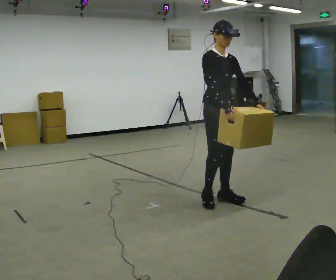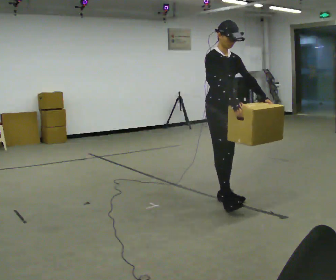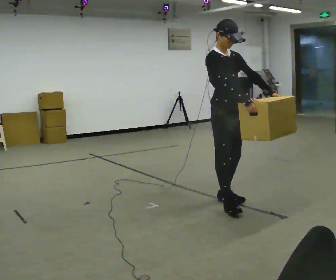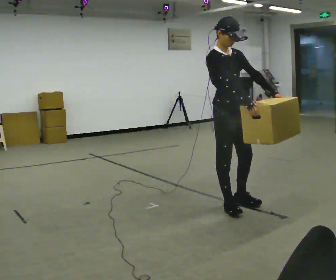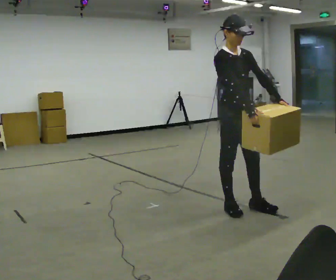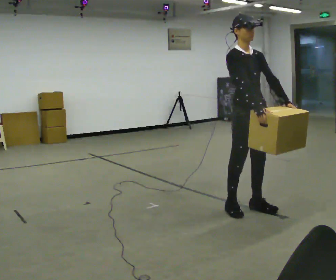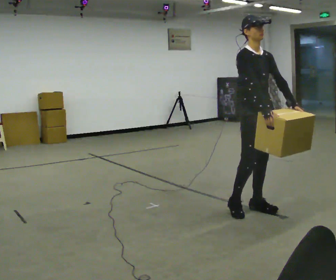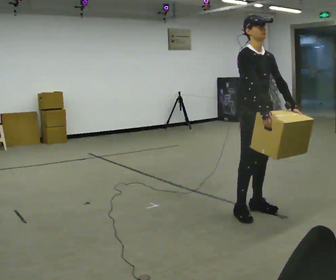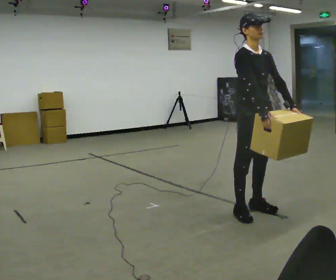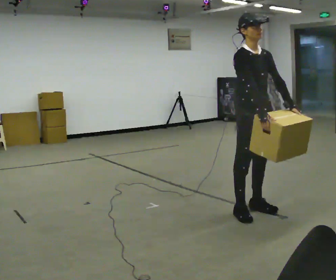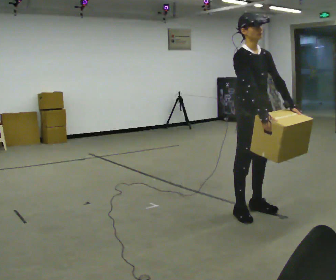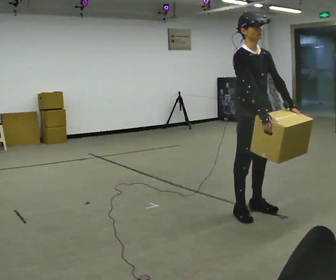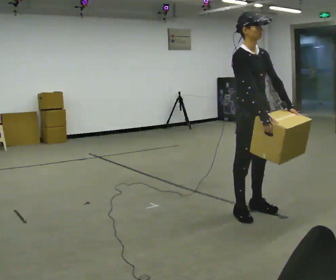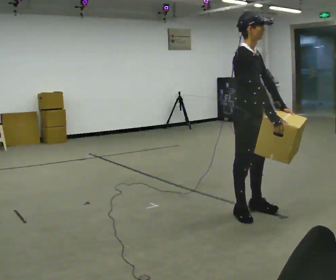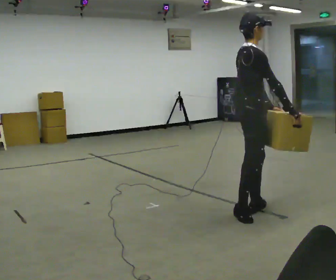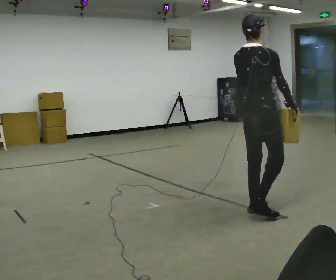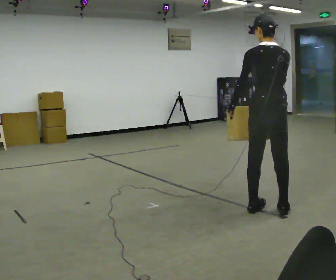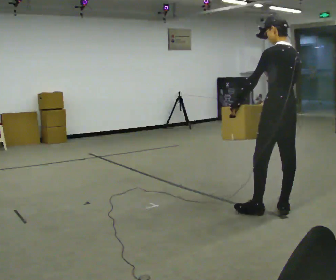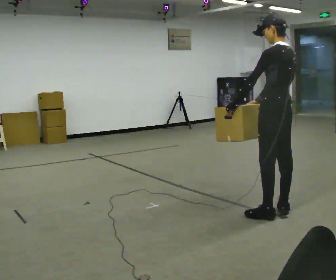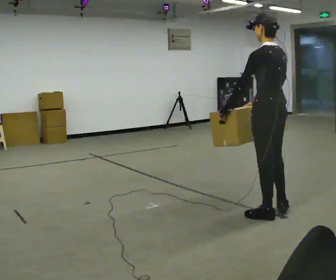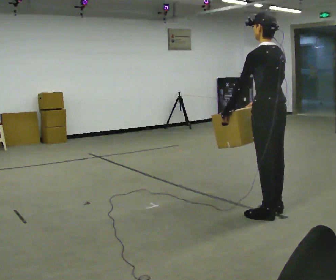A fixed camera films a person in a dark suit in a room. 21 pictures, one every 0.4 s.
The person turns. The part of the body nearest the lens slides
to the right.
The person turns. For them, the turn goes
to their left.
0.0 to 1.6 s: In the picture they go toward the camera and to the right, about 0.25 m in 2 steps, which for them is forward.
1.6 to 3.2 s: In the picture they go to the right, about 0.25 m in 1 step, which for them is forward.
3.2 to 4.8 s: The person moves a little, or ends about where they began.
4.8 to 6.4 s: The person turns about 150 degrees to their left, counterclockwise seen from above, so the part of the body nearest the lens slides to the right. In the picture they go to the right, about 0.25 m in 1 step.
6.4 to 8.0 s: The part of the body nearest the lens slides to the right as the person turns to their left by about 30 degrees.
The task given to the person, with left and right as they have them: Carry the box across the room, back and forth. The operator will swap between the box with handles and the one without.
The film runs forward here.
